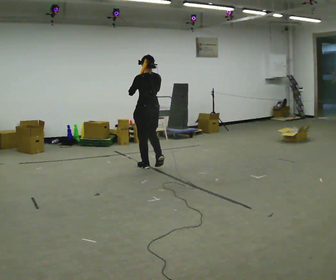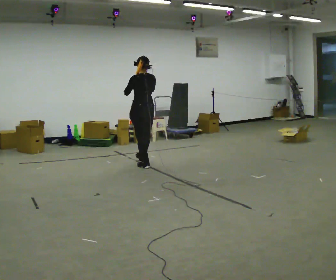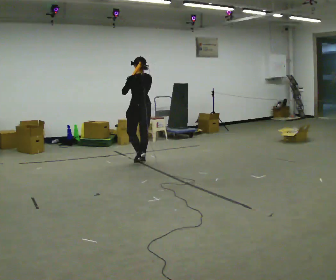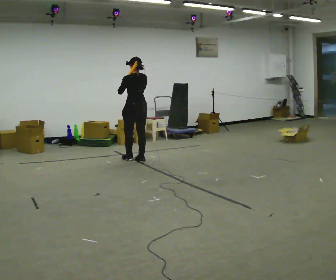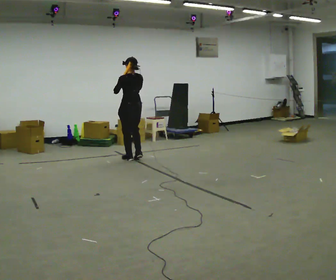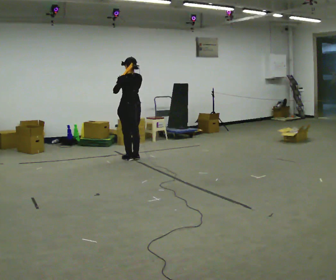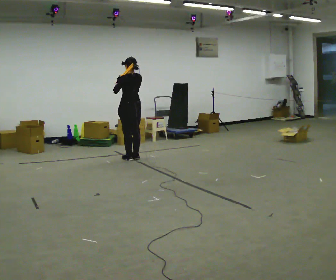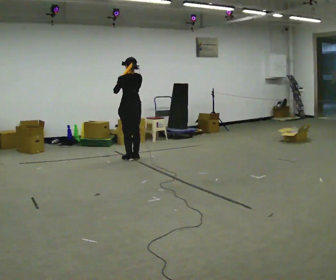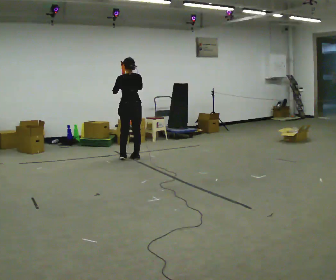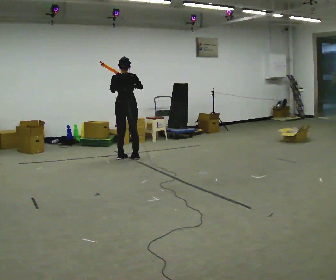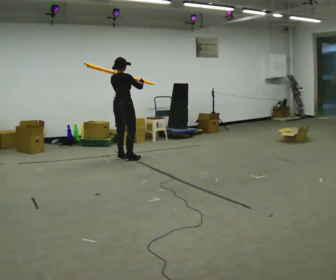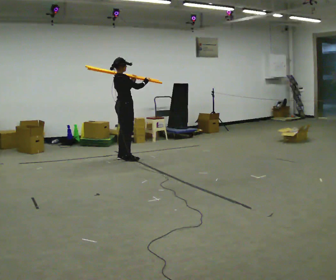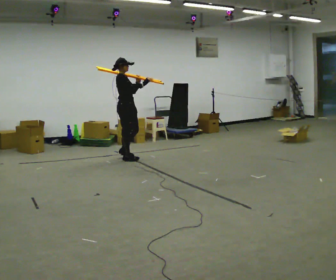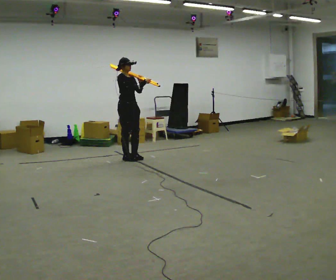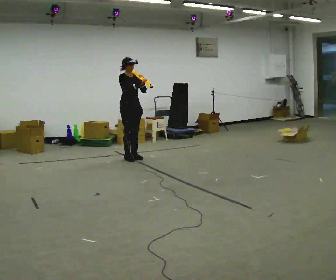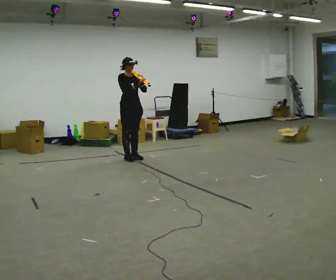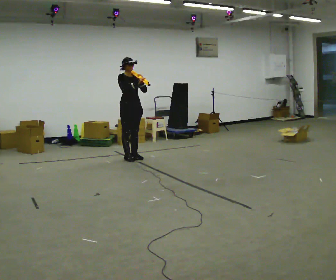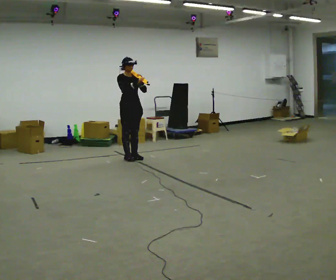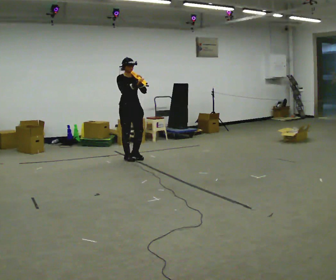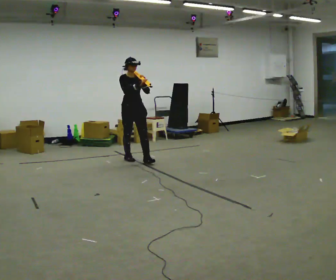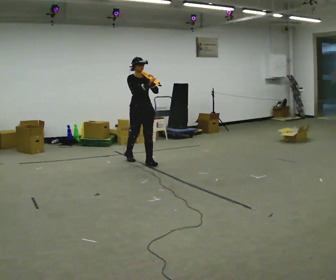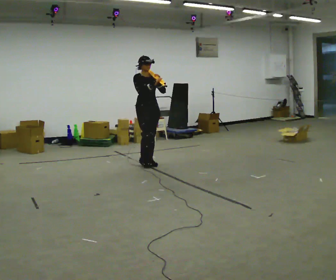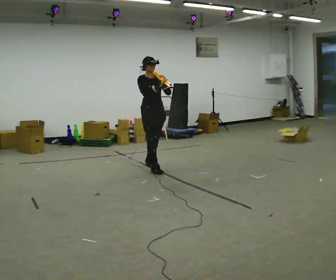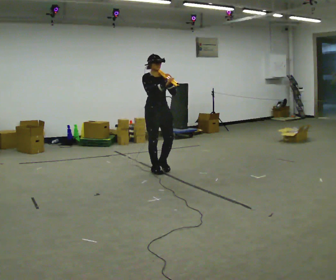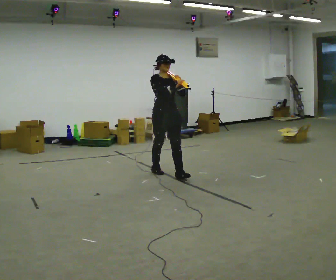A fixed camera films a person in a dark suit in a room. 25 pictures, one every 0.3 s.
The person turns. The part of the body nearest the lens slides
to the left.
The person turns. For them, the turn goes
to their right.
0.0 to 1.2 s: In the picture they go away from the camera and to the left, about 0.5 m in 2 steps, which for them is forward.
1.2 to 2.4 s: The person moves a little, or ends about where they began.
2.4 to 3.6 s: The person turns about 120 degrees to their right, clockwise seen from above, so the part of the body nearest the lens slides to the left.
3.6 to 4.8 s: Seen from above the body turns clockwise, about 45 degrees: to their right, with its near side sliding to the left.
4.8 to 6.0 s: In the picture they go toward the camera and to the right, about 0.25 m in 1 step, which for them is forward.
6.0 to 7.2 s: In the picture they go toward the camera and to the right, about 1 m in 2 steps, which for them is forward.
The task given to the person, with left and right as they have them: Rest the long object on the shoulder the operator calls and carry it across the room, back and forth.
The film runs forward here.
